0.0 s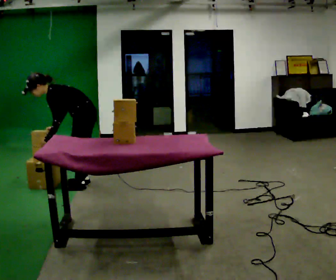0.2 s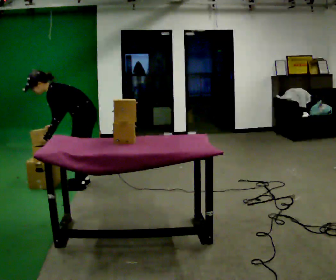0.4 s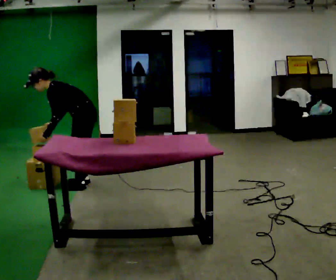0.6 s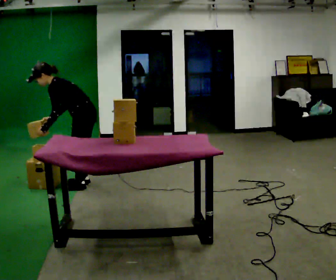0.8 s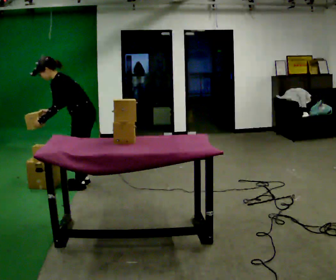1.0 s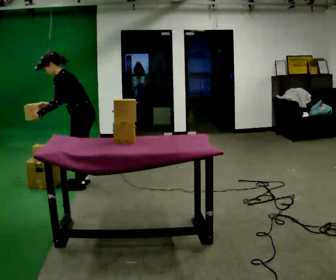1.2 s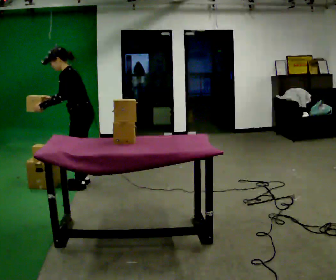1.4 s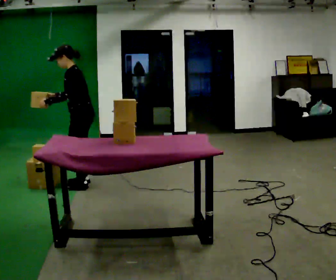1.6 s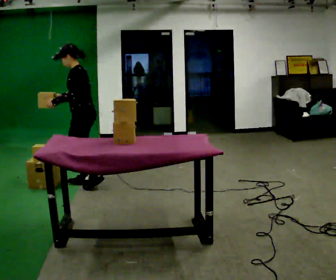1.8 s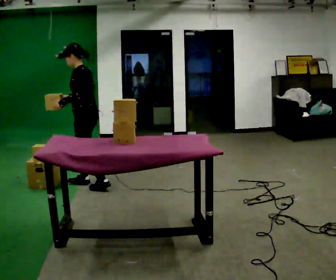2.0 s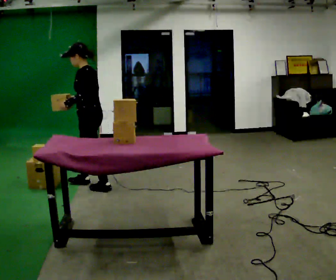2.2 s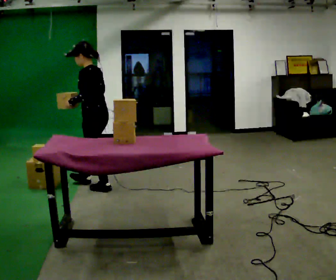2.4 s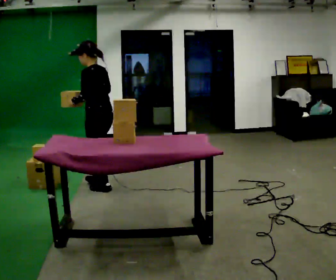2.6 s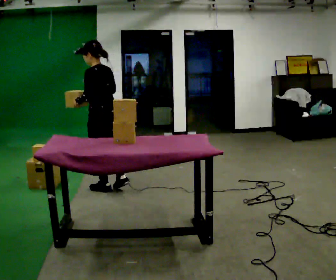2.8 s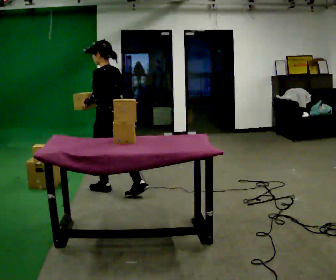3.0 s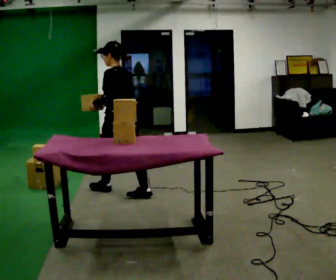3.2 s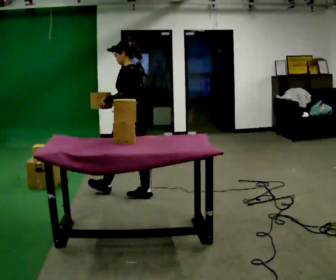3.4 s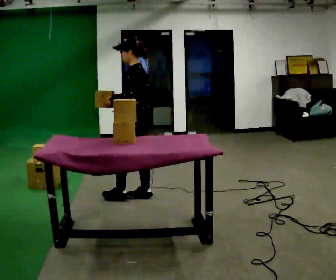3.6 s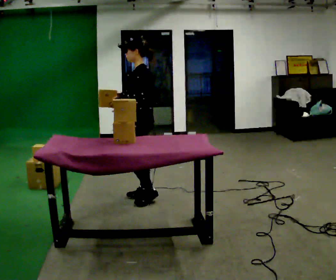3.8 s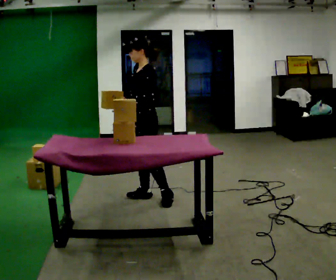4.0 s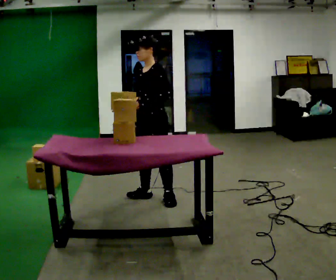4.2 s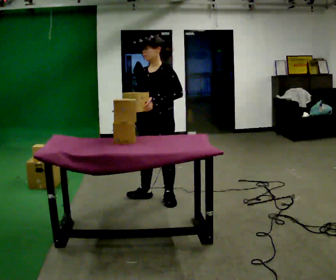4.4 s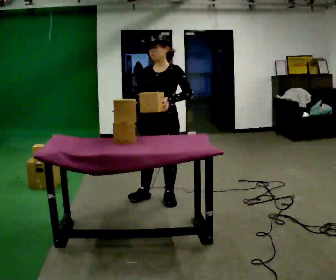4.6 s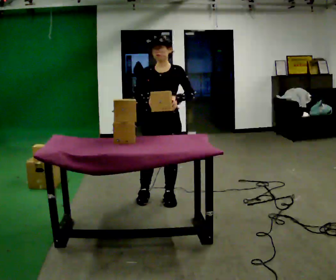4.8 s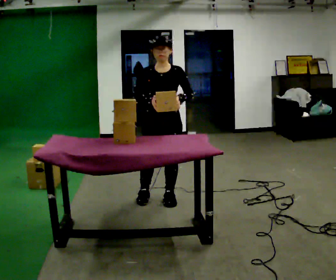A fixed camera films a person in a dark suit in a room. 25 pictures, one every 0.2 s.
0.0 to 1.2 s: The upper body goes upward. In the picture the upper body tilts clockwise, shoulders to the right, as they lean back or straighten. In the picture their left hand goes upward.
1.2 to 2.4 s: Seen from above the body turns clockwise, about 30 degrees: to their right, with its near side sliding to the left. In the picture they go toward the camera and to the right, about 0.25 m in 2 steps, which for them is backward and to their left. In the picture the upper body tilts clockwise, shoulders to the right, as they lean back or straighten.
2.4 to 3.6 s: The part of the body nearest the lens slides to the right as the person turns to their left by about 30 degrees. In the picture they go to the right and toward the camera, about 0.5 m in 1 step, which for them is backward.
3.6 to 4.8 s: The part of the body nearest the lens slides to the right as the person turns to their left by about 75 degrees. In the picture they go toward the camera and to the right, about 0.25 m.
The film runs backward here.
